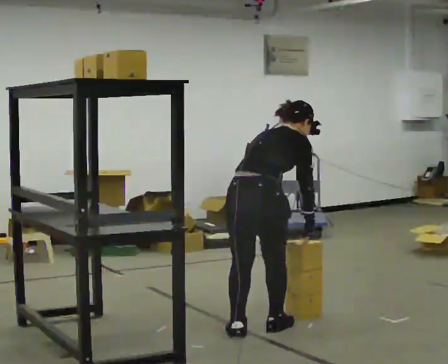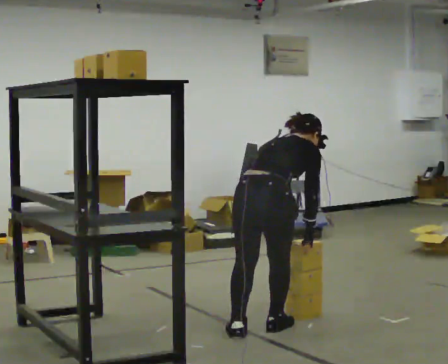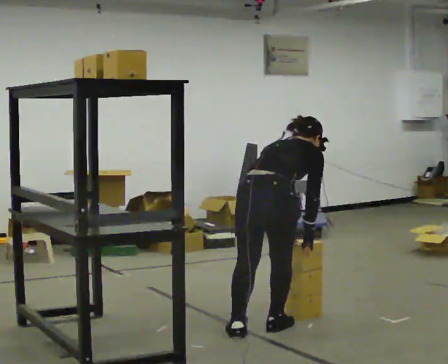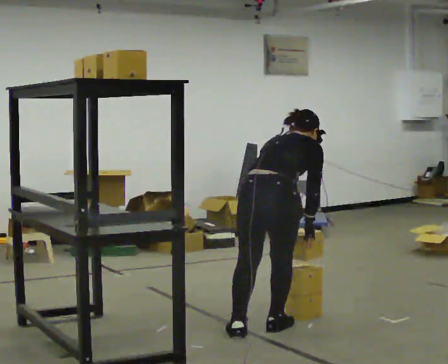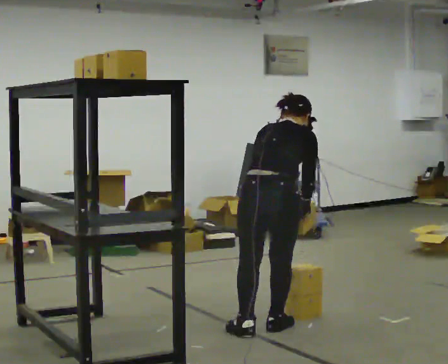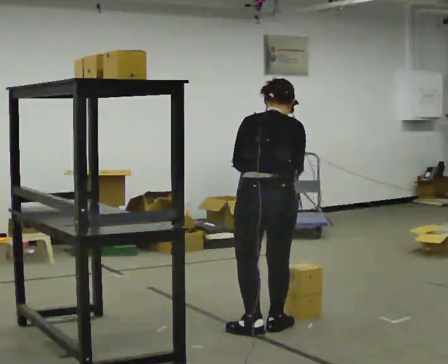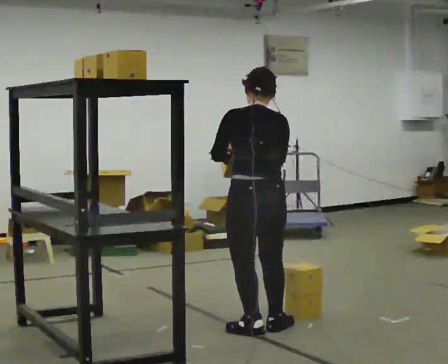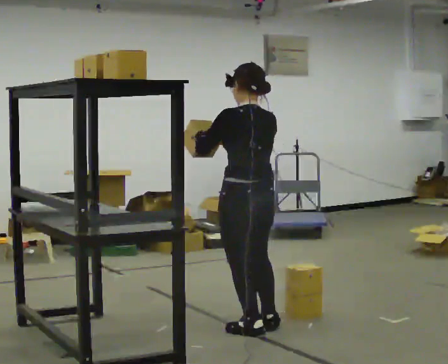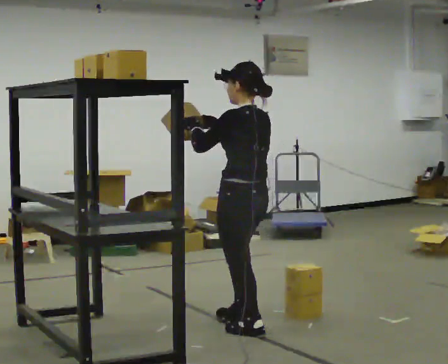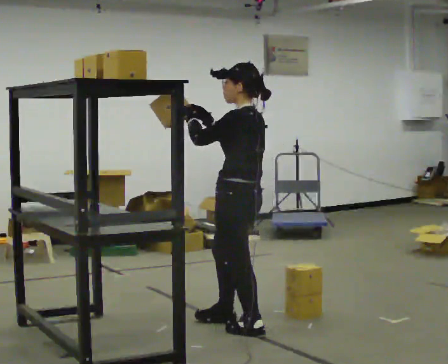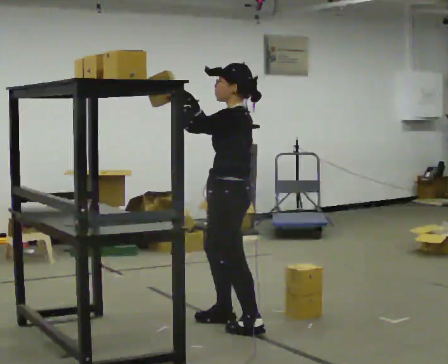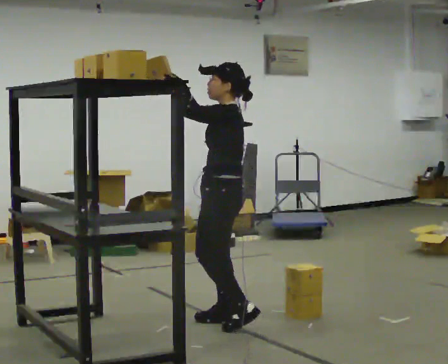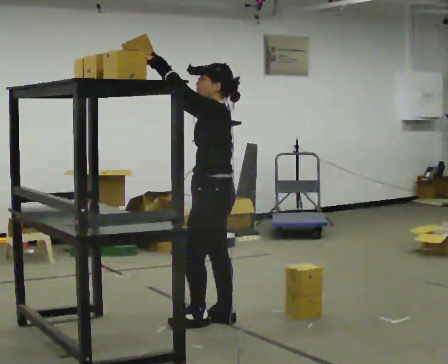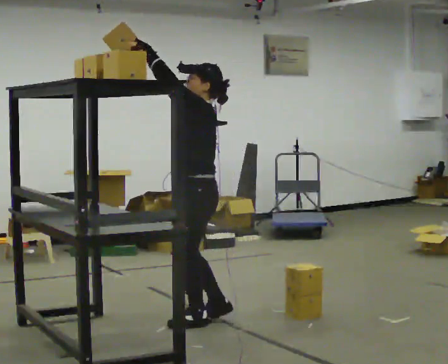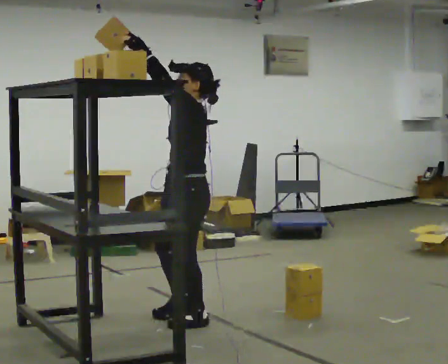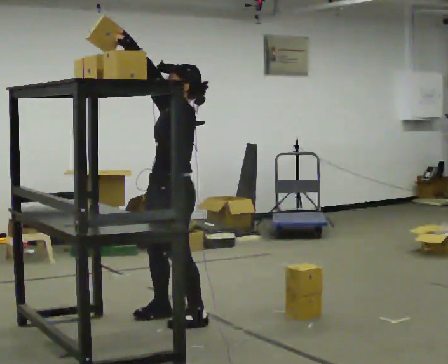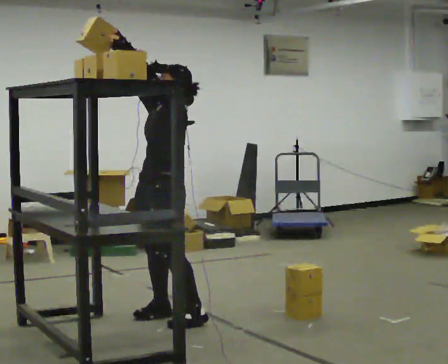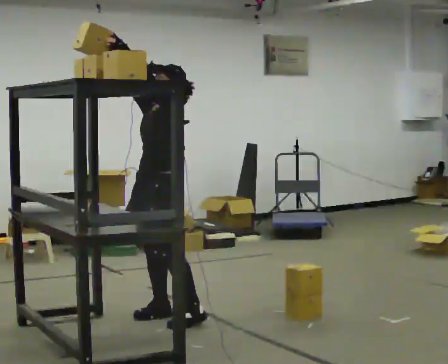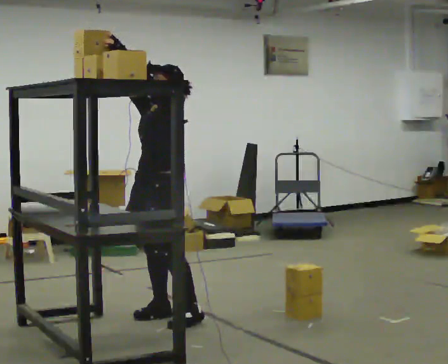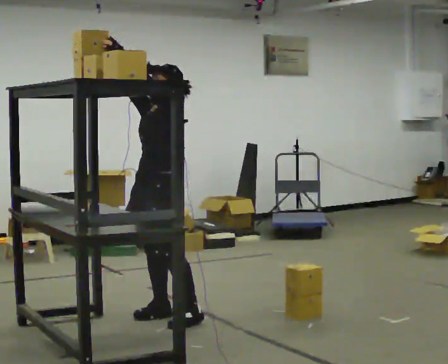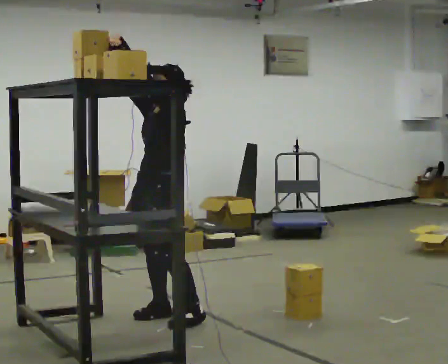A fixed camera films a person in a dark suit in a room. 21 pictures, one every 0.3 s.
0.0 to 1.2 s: The person moves a little, or ends about where they began.
1.2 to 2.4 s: Seen from above the body turns counterclockwise, about 75 degrees: to their left, with its near side sliding to the right. The upper body tips toward the camera, its near side rolling downward, as they lean back or straighten. In the picture their right hand goes to the left and upward.
2.4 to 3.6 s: The part of the body nearest the lens slides to the right as the person turns to their left by about 30 degrees. In the picture they go away from the camera and to the left, about 0.25 m in 2 steps, which for them is forward and to their right. In the picture their left hand goes upward, the arm swinging clockwise.
3.6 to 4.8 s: Seen from above the body turns counterclockwise, about 30 degrees: to their left, with its near side sliding to the right. In the picture they go to the left, about 0.25 m in 1 step, which for them is forward and to their right.
4.8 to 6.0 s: The person moves a little, or ends about where they began.
The film runs forward here.
